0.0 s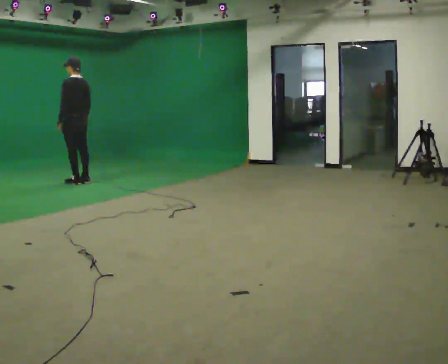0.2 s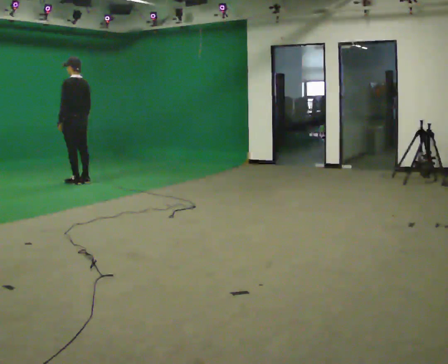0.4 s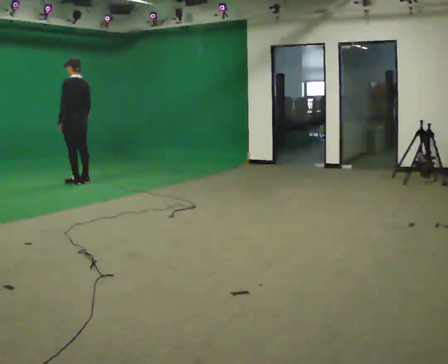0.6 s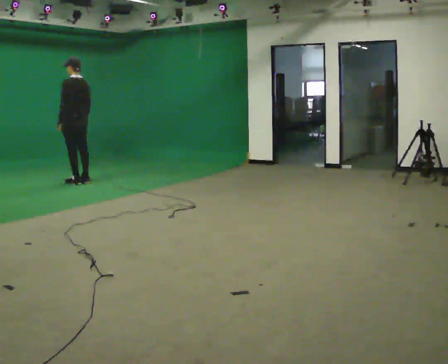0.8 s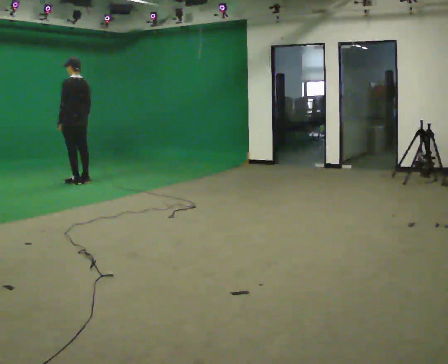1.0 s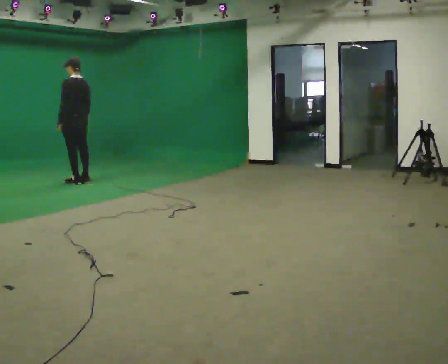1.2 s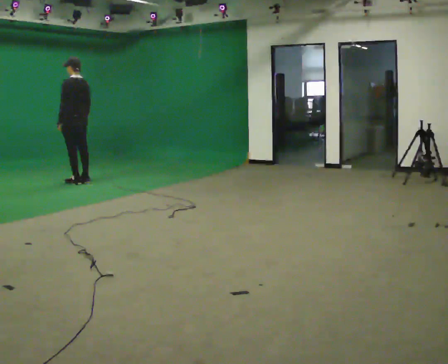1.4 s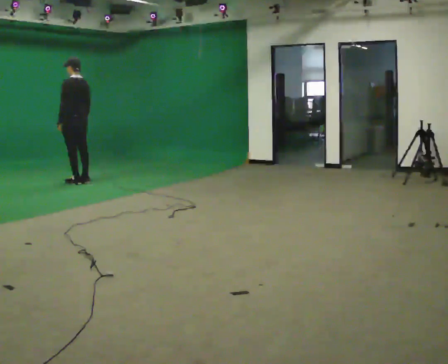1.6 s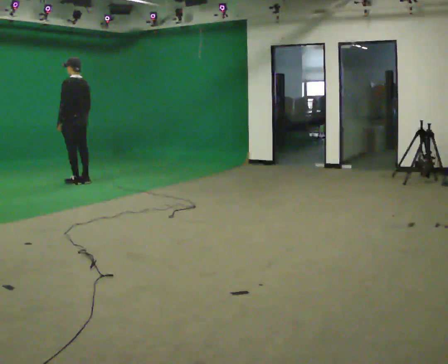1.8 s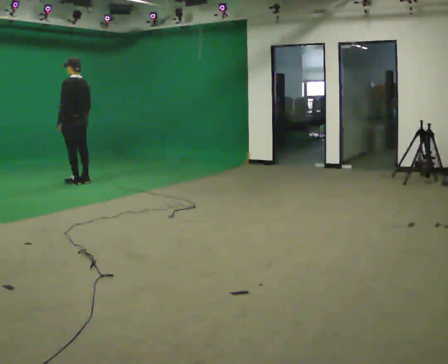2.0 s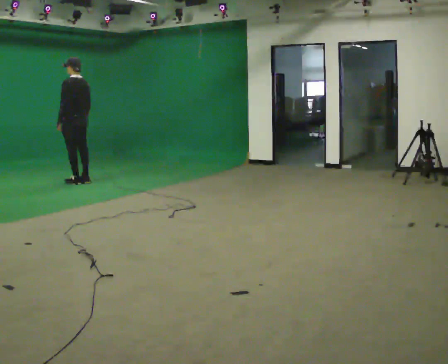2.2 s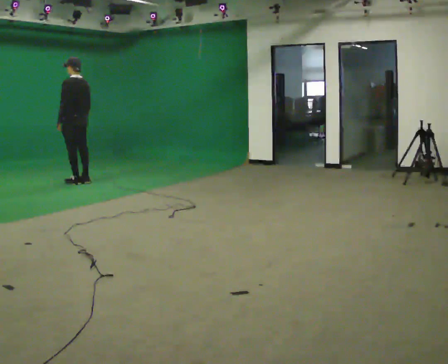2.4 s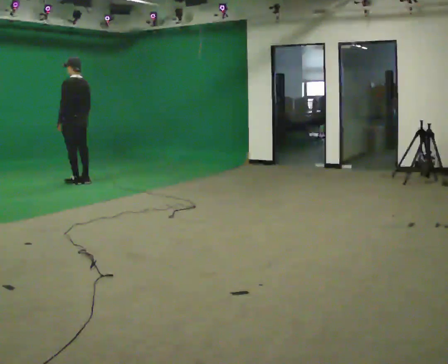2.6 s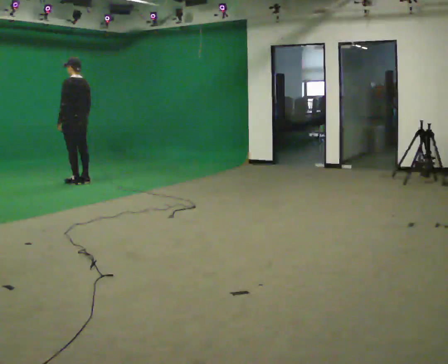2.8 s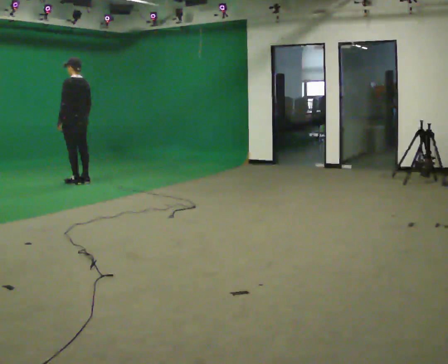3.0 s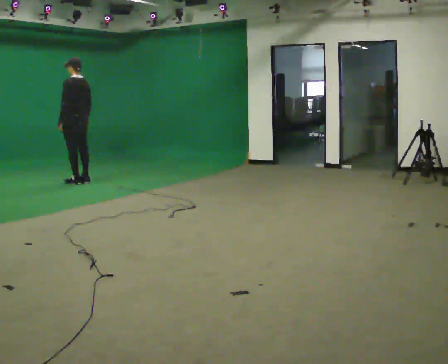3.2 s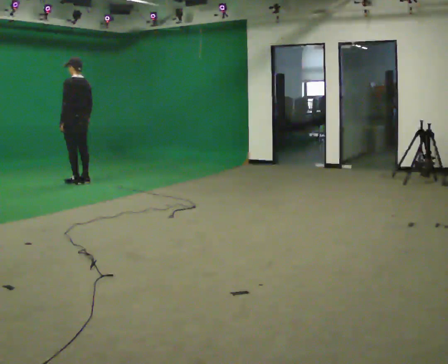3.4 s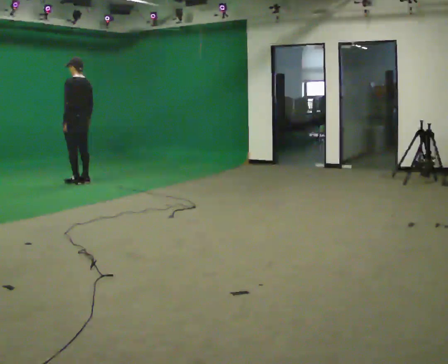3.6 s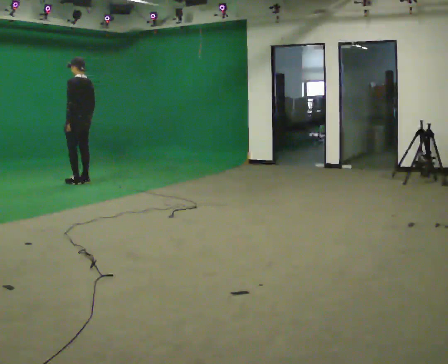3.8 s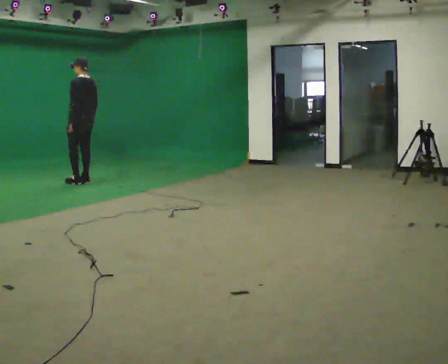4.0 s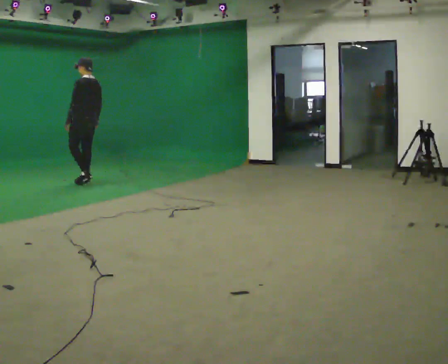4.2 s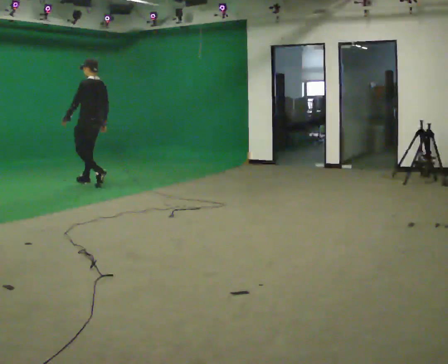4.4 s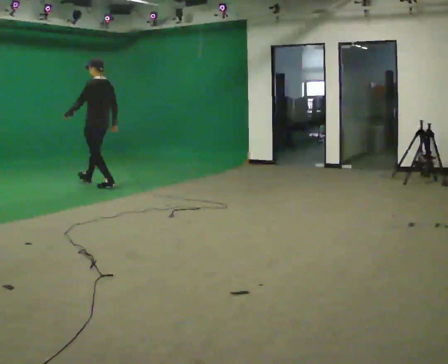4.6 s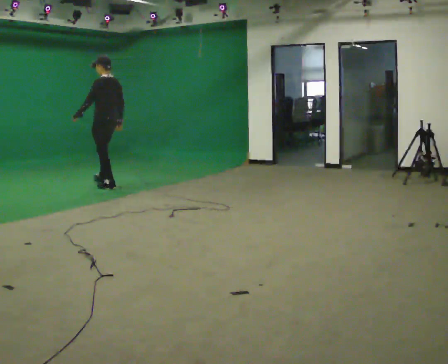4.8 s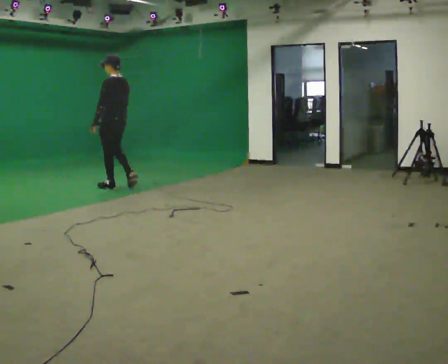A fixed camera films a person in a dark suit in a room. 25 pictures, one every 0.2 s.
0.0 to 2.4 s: The person keeps their place and pose.
2.4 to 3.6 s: The person moves a little, or ends about where they began.
3.6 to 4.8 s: In the picture they go toward the camera and to the right, about 0.75 m in 2 steps, which for them is backward.
The film runs backward here.
